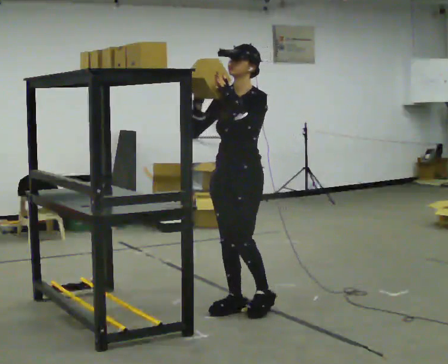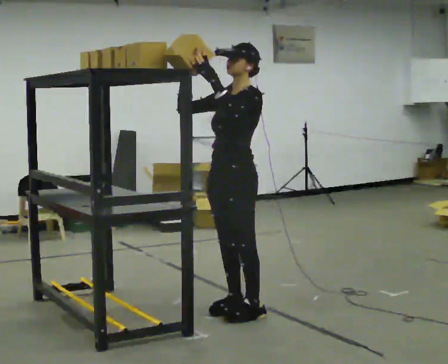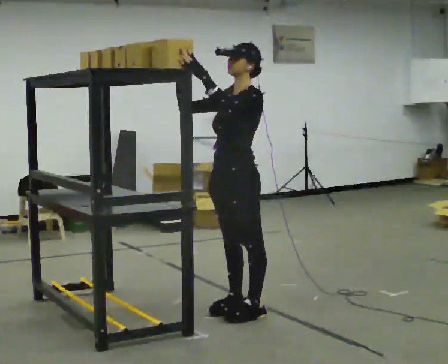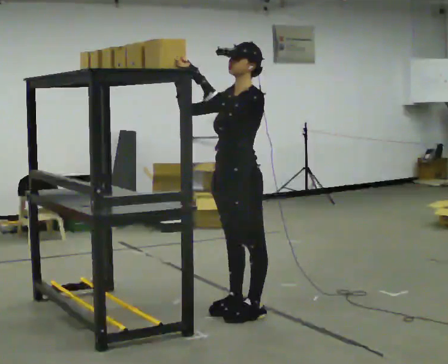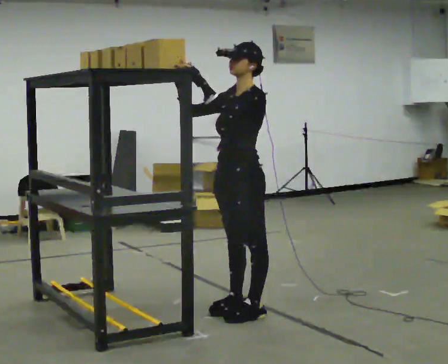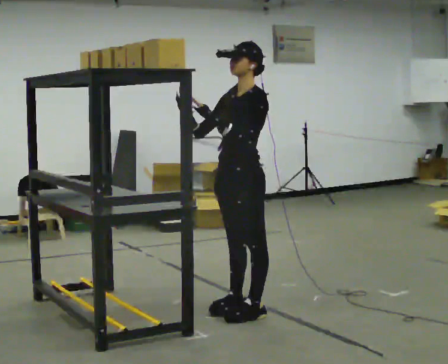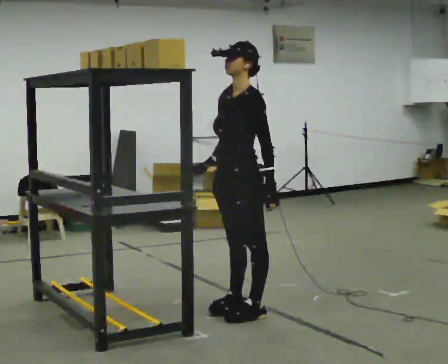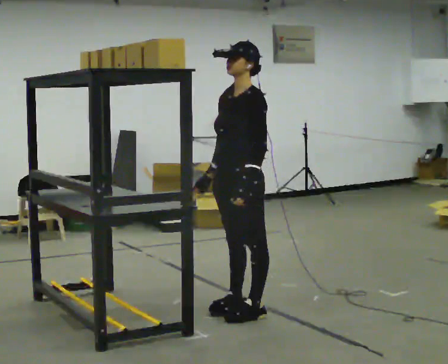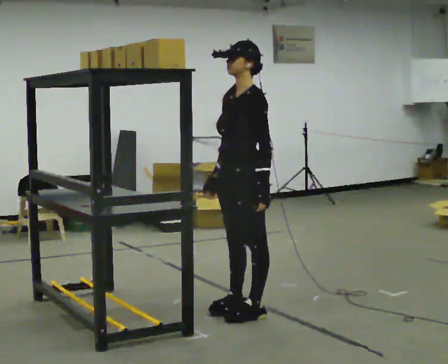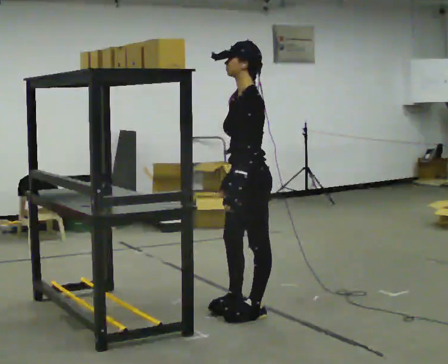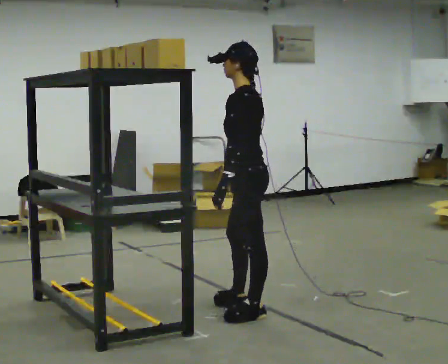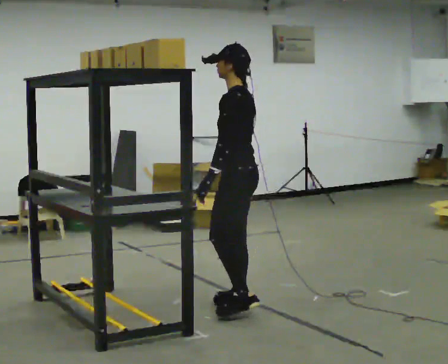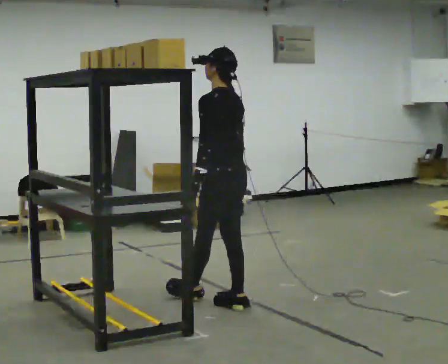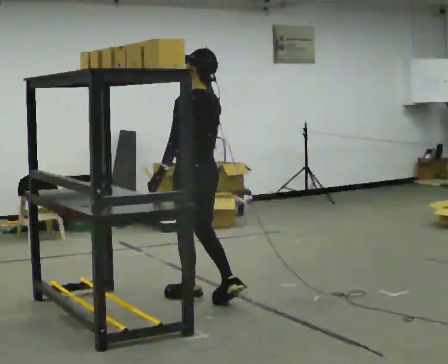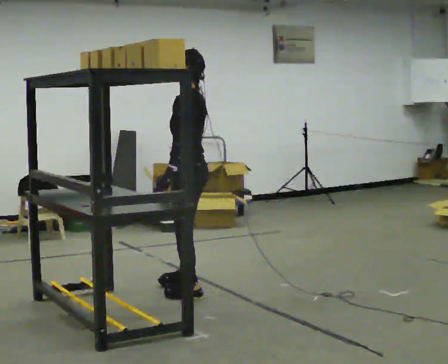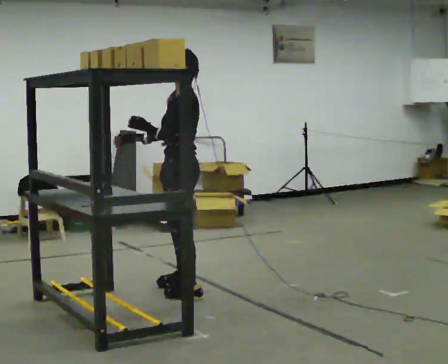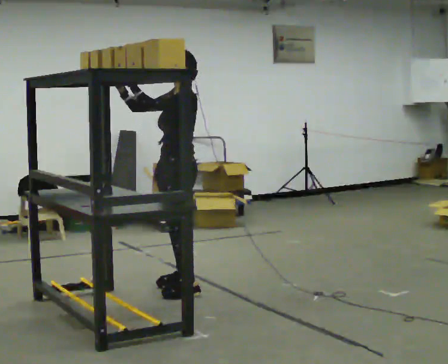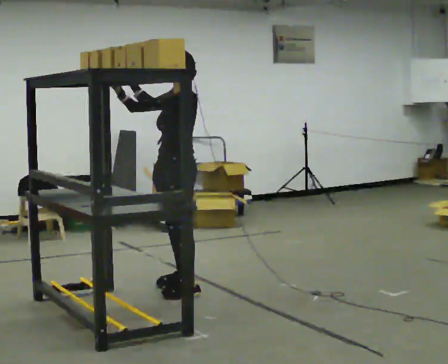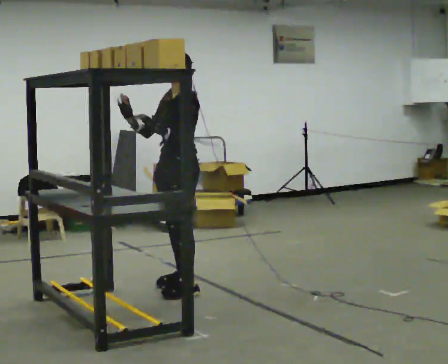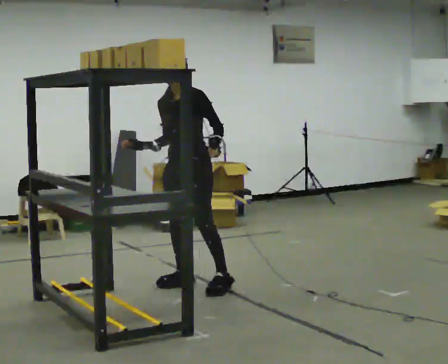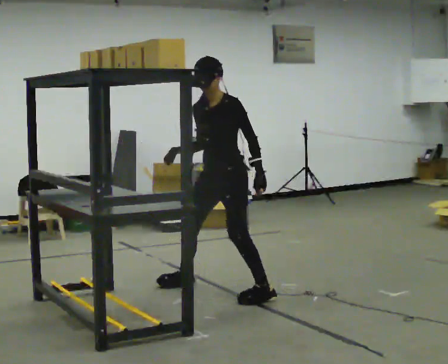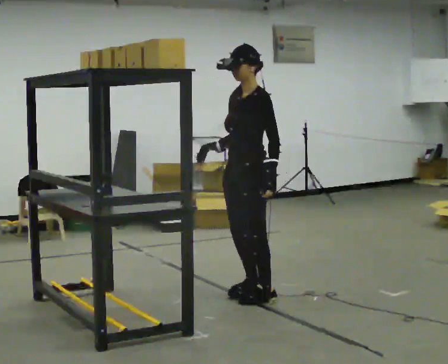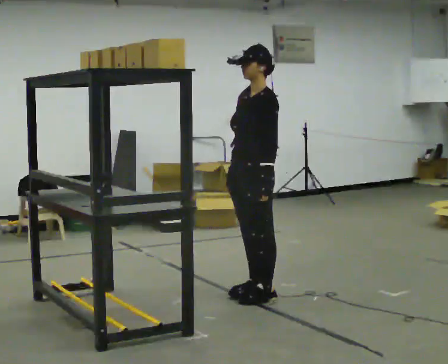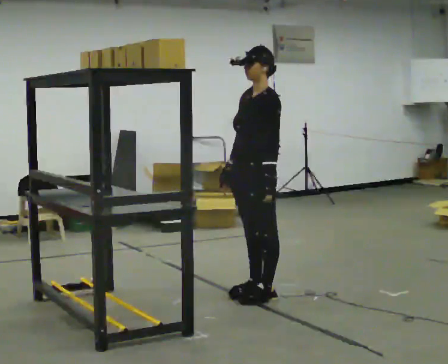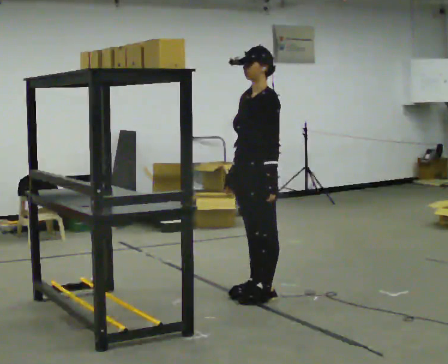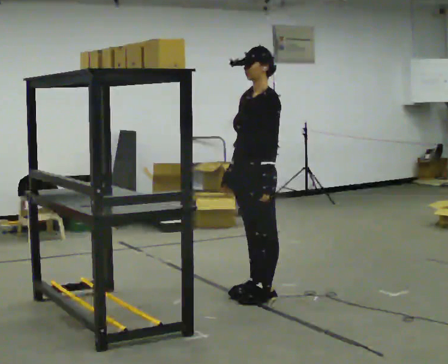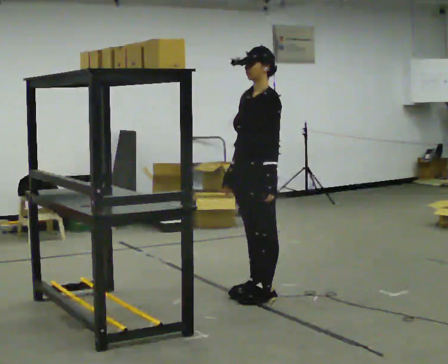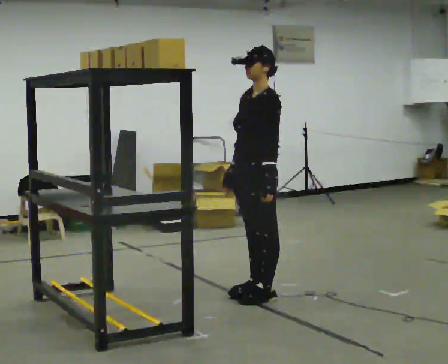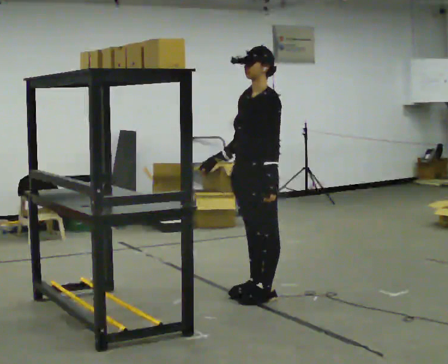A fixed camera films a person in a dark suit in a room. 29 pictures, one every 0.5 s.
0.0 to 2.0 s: The person moves a little, or ends about where they began.
2.0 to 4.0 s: In the picture their left hand goes downward and to the right.
4.0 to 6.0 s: The part of the body nearest the lens slides to the left as the person turns to their right by about 60 degrees. In the picture they go away from the camera, about 0.25 m in 1 step.
6.0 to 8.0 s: Seen from above the body turns counterclockwise, about 60 degrees: to their left, with its near side sliding to the right. In the picture they go away from the camera and to the left, about 0.5 m in 1 step. In the picture their right hand goes upward, the arm swinging clockwise.
8.0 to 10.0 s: In the picture they go to the right and toward the camera, about 0.5 m in 1 step, which for them is to their left and backward. In the picture their left hand goes downward.
10.0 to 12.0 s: In the picture they go to the right, about 0.25 m in 1 step, which for them is to their left and backward.
12.0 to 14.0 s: The person moves a little, or ends about where they began.
The film runs forward here.
